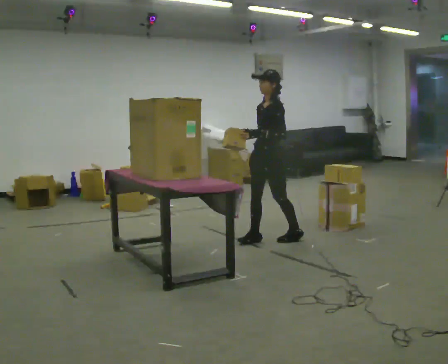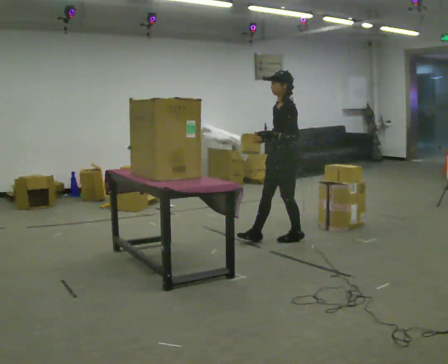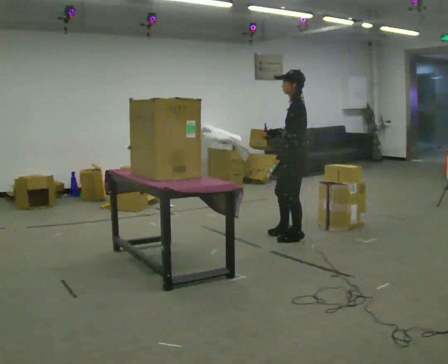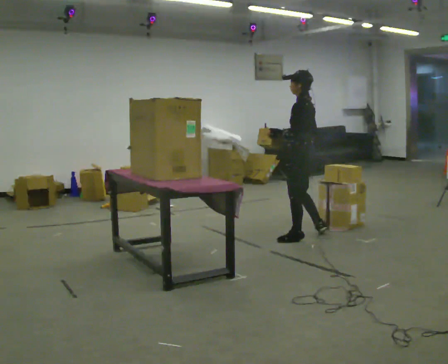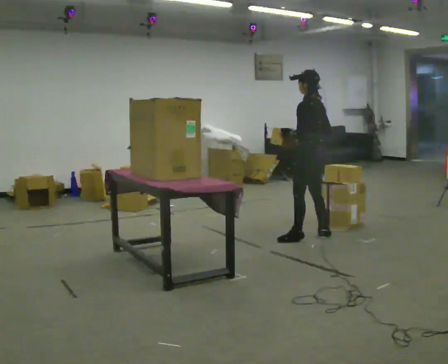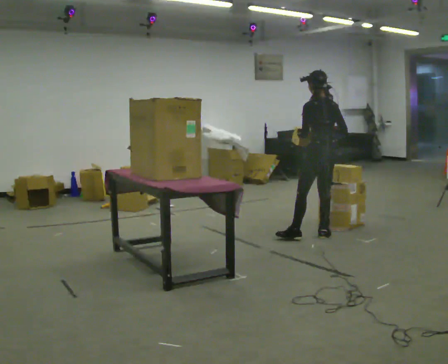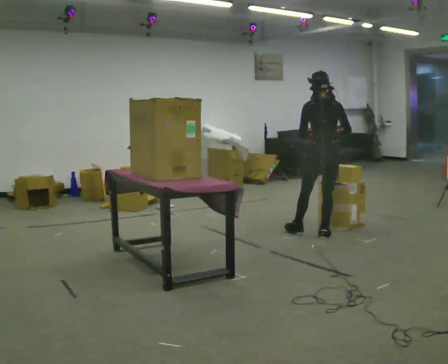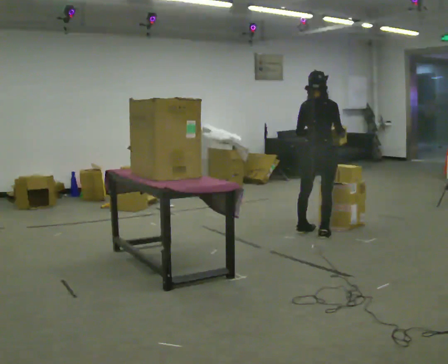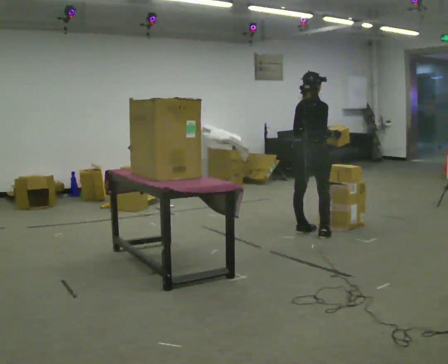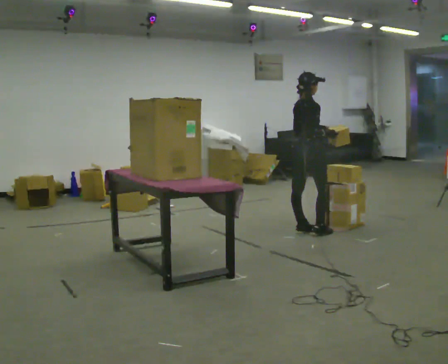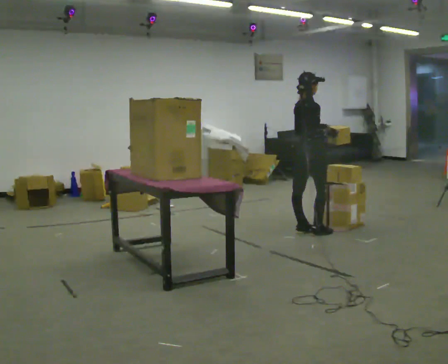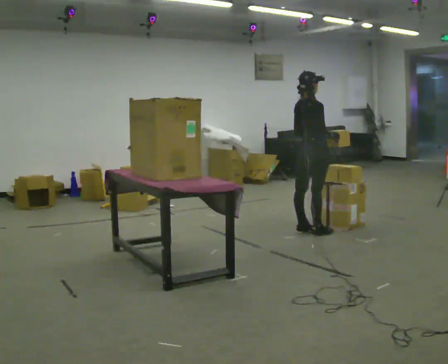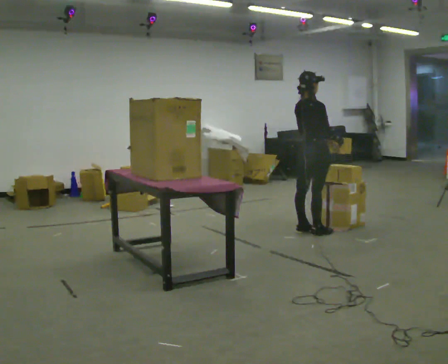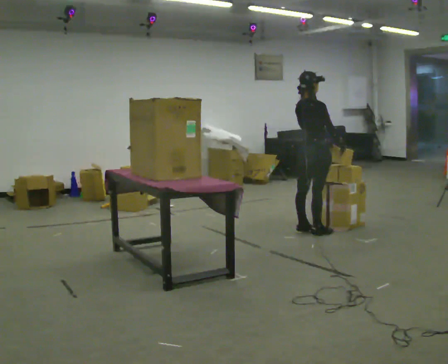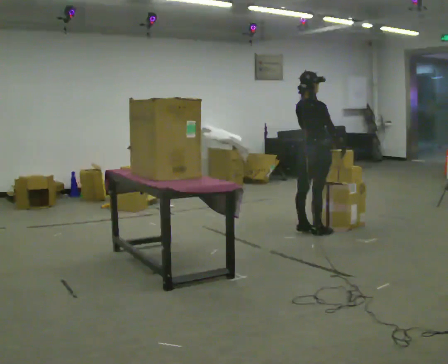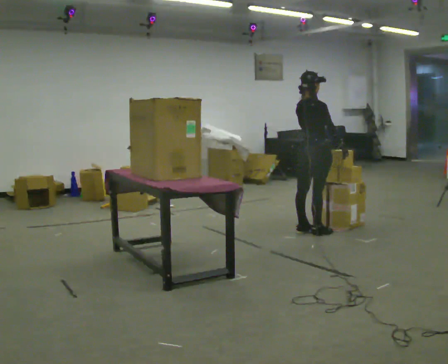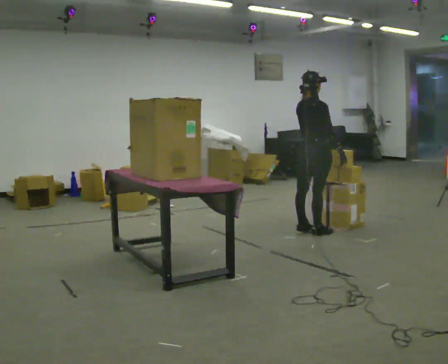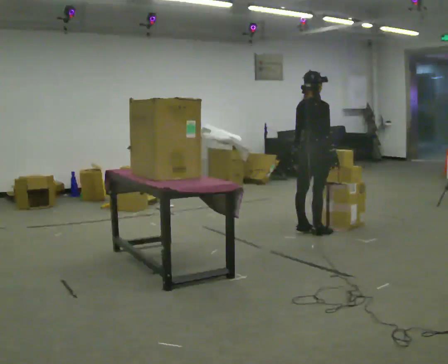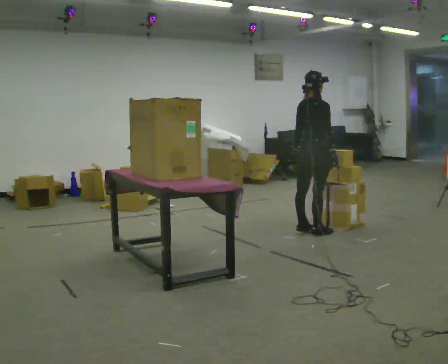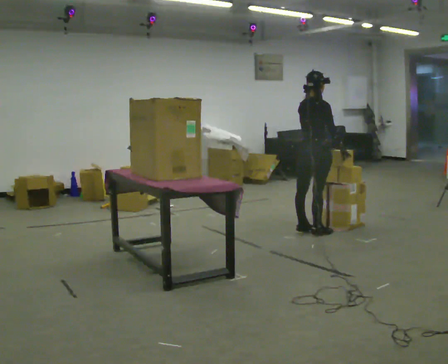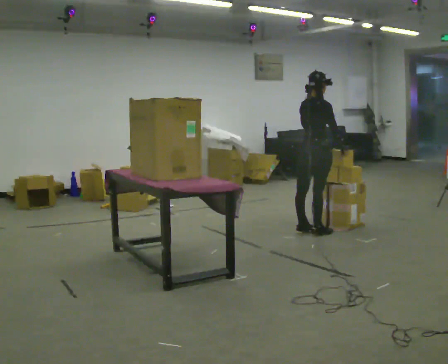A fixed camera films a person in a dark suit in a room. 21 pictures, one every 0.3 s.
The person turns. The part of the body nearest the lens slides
to the left.
The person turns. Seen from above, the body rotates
clockwise.
0.0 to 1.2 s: Seen from above the body turns clockwise, about 75 degrees: to their right, with its near side sliding to the left. In the picture they go to the right, about 0.5 m in 1 step.
1.2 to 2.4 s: The person turns about 105 degrees to their right, clockwise seen from above, so the part of the body nearest the lens slides to the left. In the picture they go away from the camera, about 0.25 m in 1 step.
2.4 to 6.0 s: The person moves a little, or ends about where they began.
The film runs backward here.
